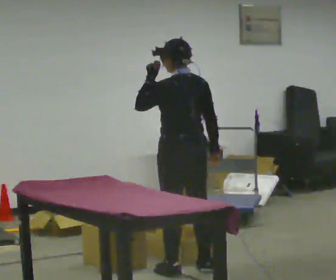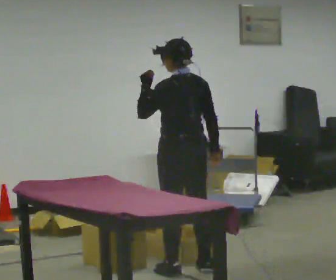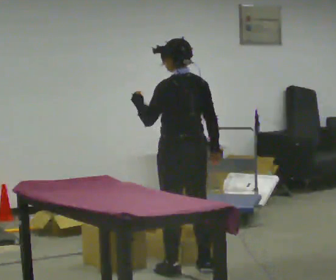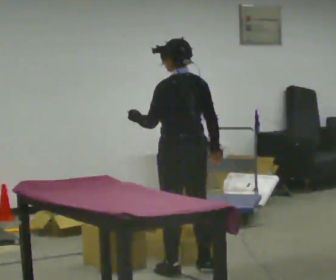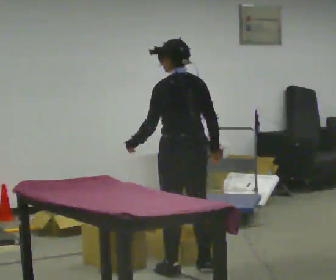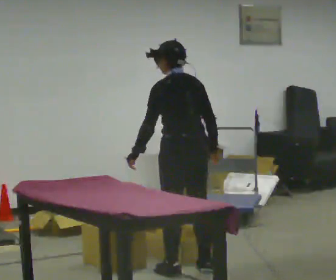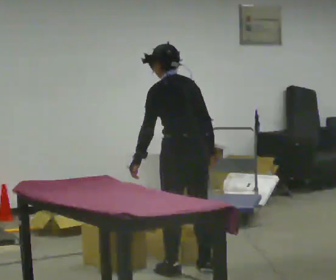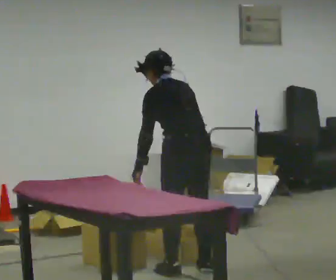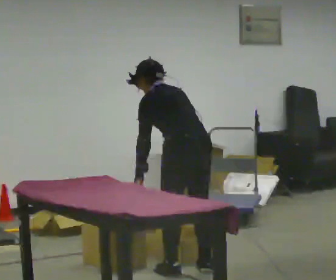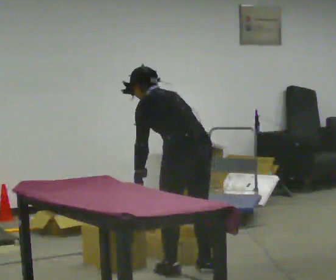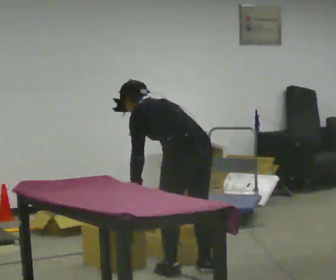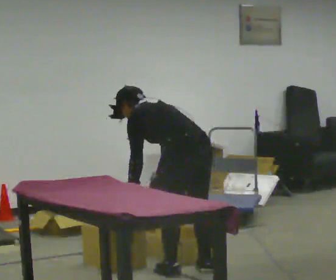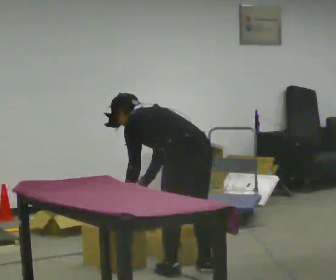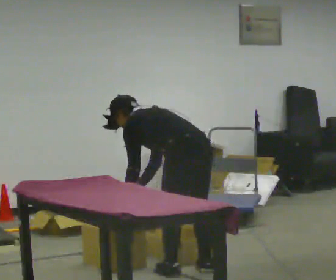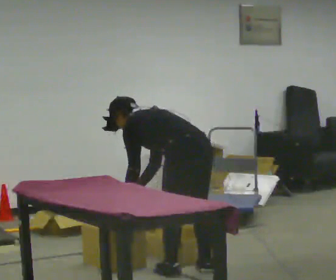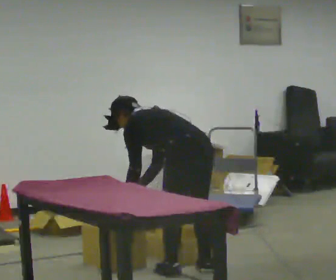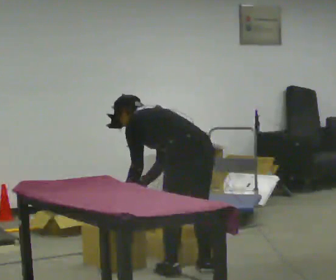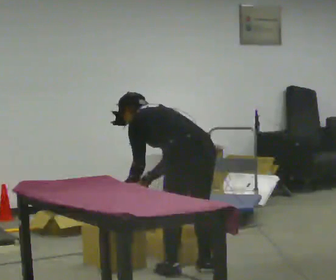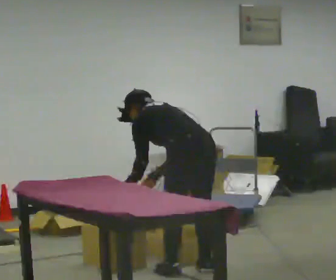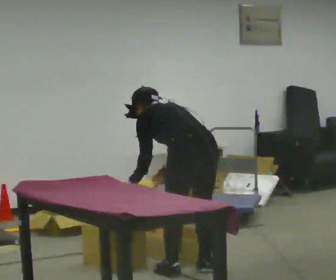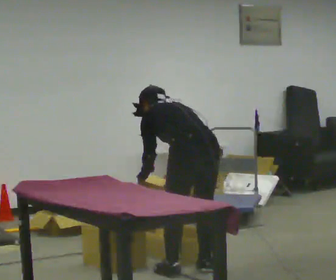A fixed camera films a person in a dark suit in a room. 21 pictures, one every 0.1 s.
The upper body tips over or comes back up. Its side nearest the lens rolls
upward.
0.0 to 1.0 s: The shoulders move downward. In the picture the upper body tilts counterclockwise, shoulders to the left, as they bend forward. In the picture their left hand goes downward.
1.0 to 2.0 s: The person moves a little, or ends about where they began.
The film runs backward here.
